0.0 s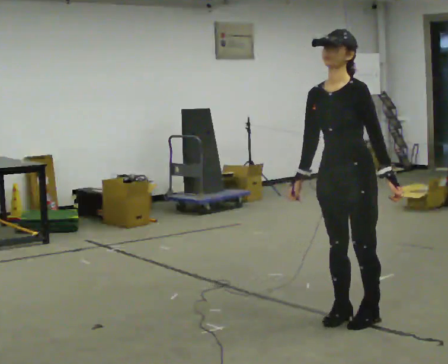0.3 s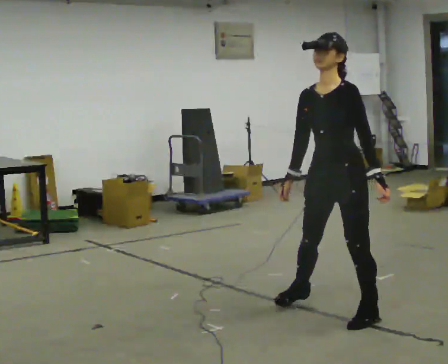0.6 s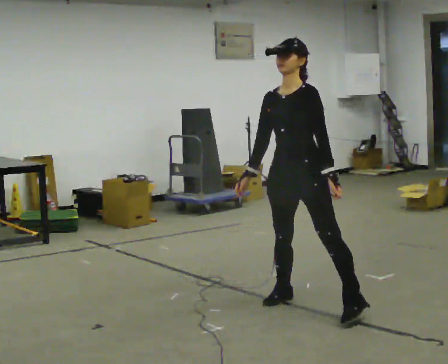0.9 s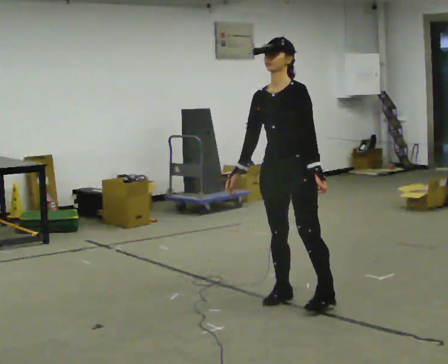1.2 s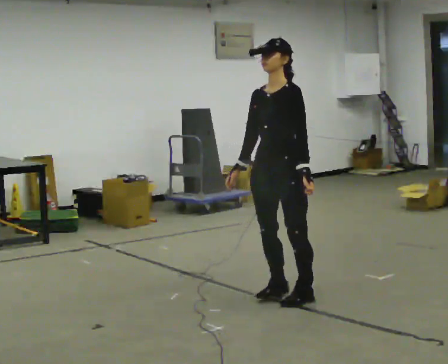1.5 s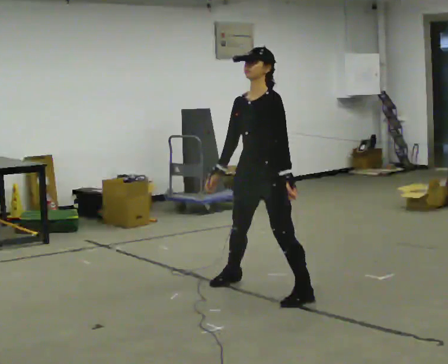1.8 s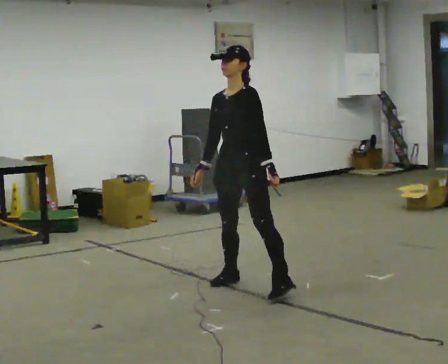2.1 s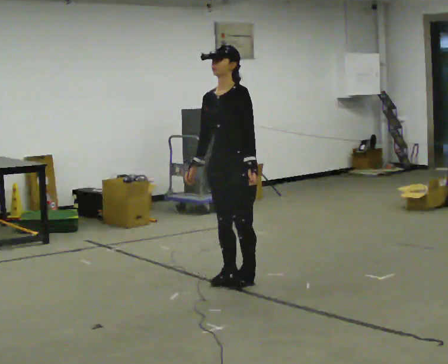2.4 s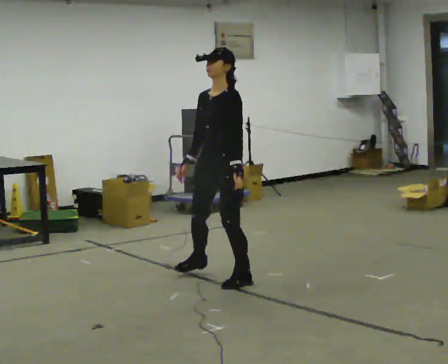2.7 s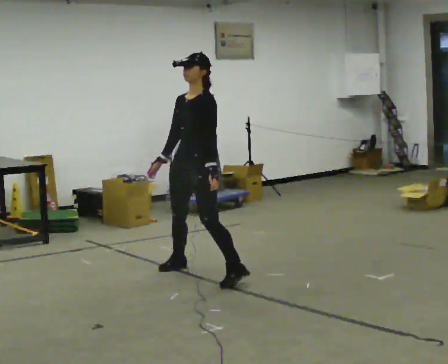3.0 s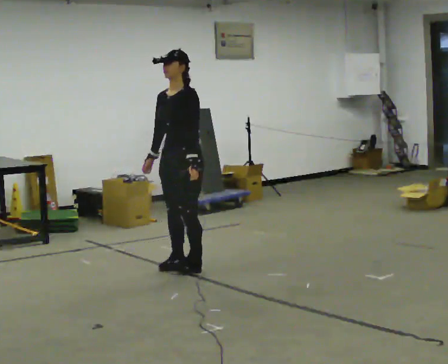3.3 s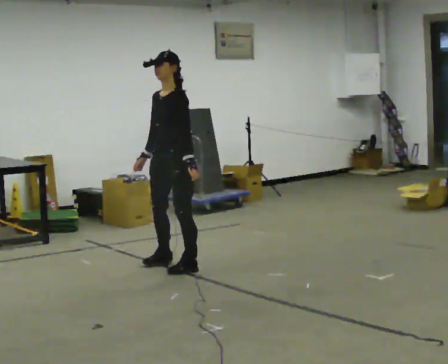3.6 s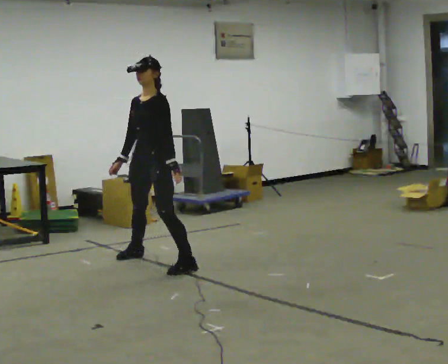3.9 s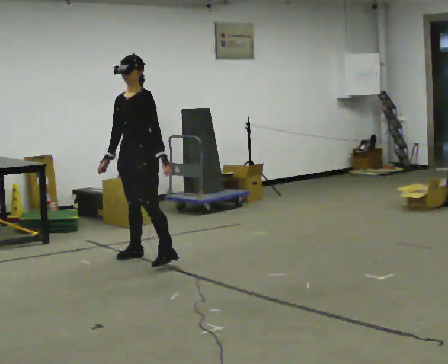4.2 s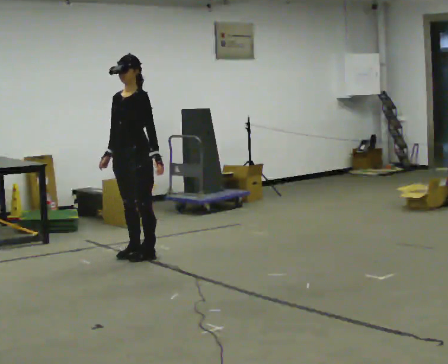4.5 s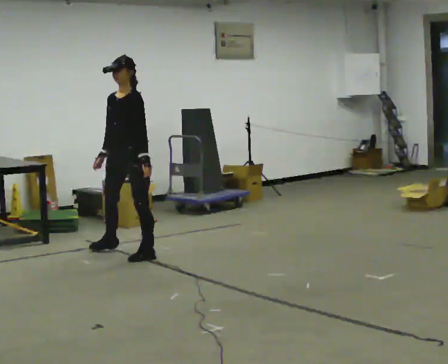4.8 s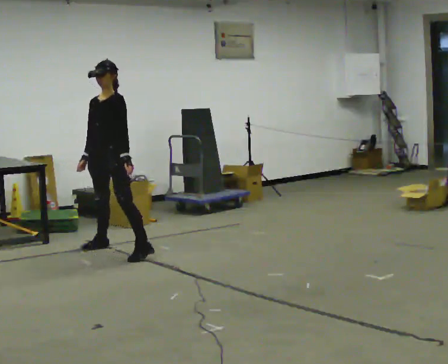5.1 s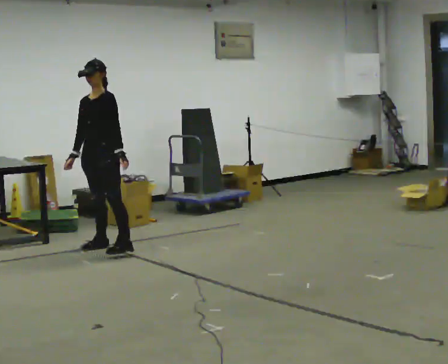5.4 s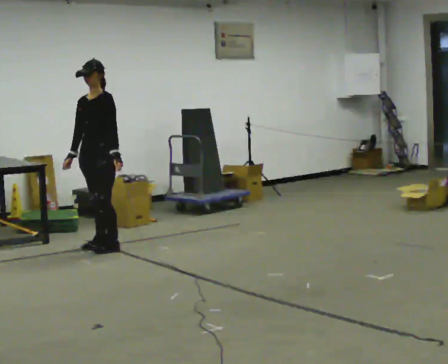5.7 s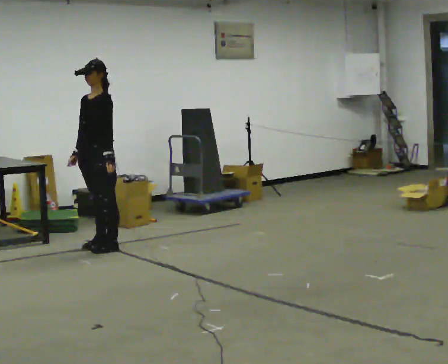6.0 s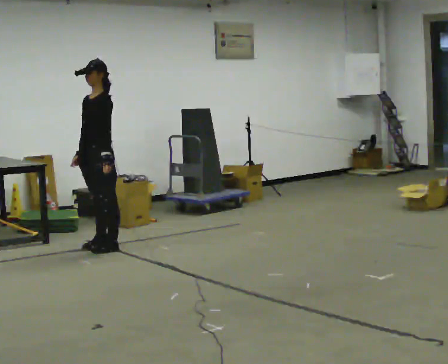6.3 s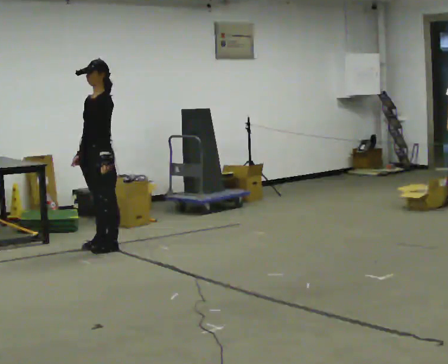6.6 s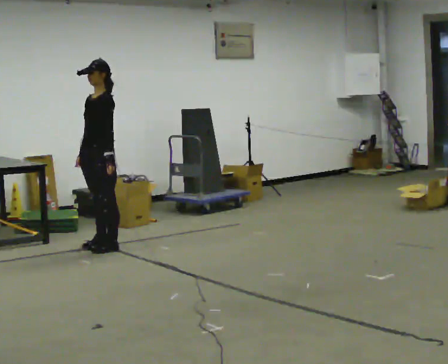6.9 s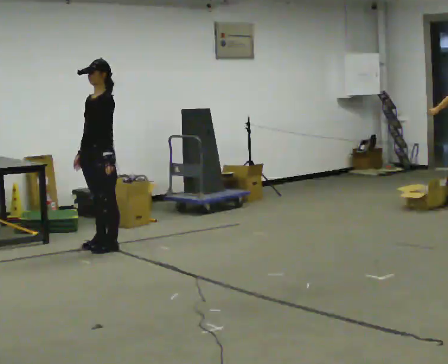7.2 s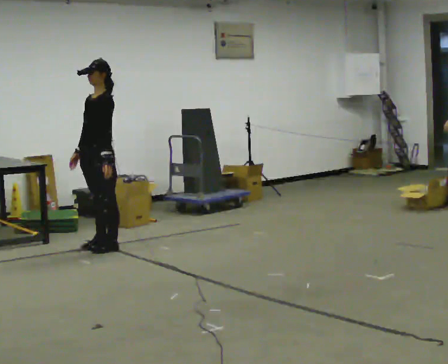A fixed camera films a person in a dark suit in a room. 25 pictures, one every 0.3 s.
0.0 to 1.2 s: In the picture they go away from the camera and to the left, about 0.5 m in 3 steps, which for them is to their right.
1.2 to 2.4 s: In the picture they go away from the camera and to the left, about 0.75 m in 2 steps, which for them is to their right.
2.4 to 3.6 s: In the picture they go away from the camera and to the left, about 0.5 m in 2 steps, which for them is to their right.
3.6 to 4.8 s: In the picture they go away from the camera and to the left, about 0.5 m in 3 steps, which for them is to their right.
4.8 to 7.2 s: The person moves a little, or ends about where they began.
The film runs backward here.
